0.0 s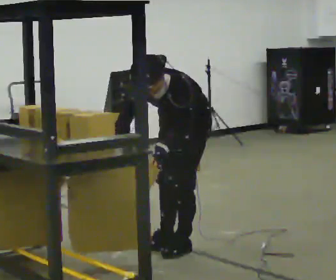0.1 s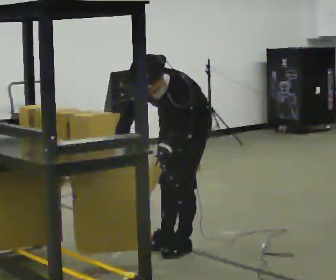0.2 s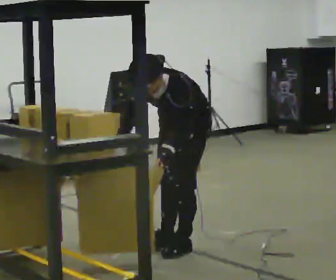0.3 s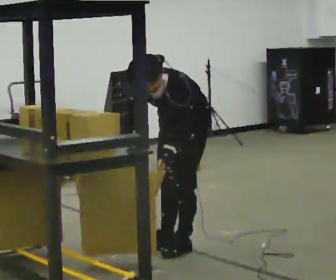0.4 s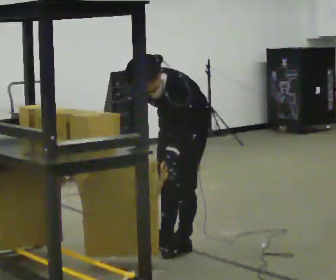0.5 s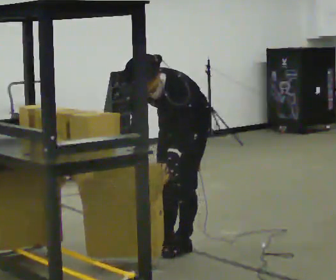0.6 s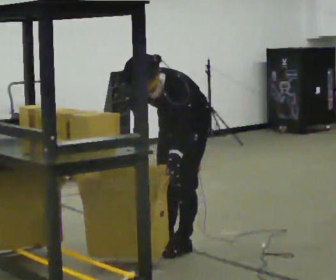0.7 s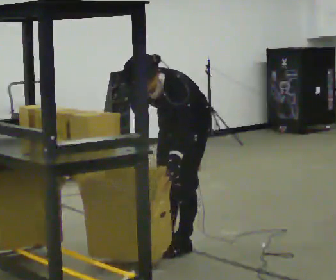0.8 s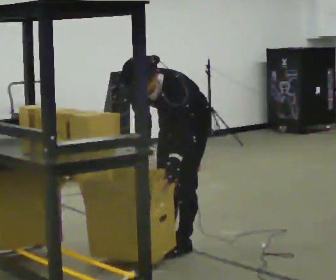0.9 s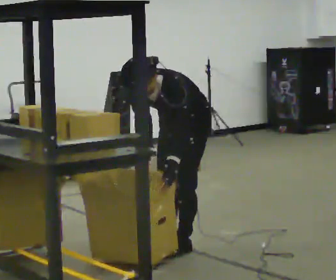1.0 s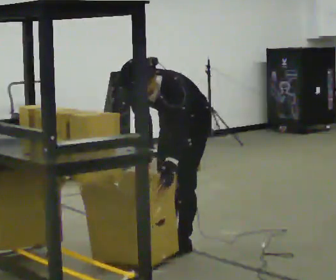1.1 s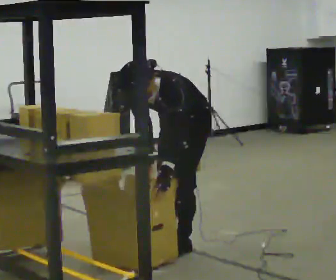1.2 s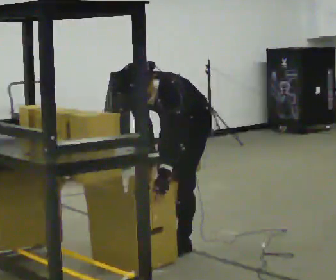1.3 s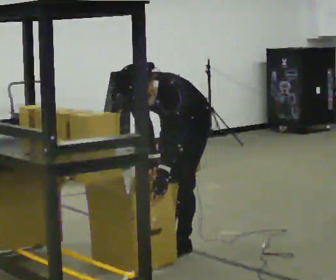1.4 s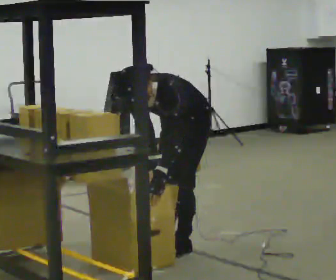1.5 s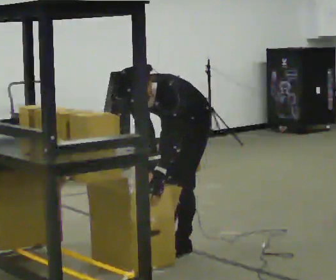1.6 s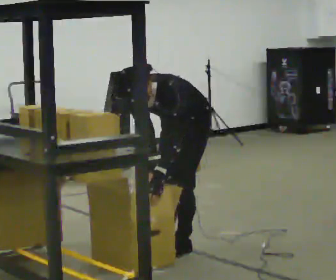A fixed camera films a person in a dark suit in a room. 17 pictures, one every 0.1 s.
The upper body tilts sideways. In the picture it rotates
counterclockwise.
0.0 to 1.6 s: In the picture the upper body tilts counterclockwise, shoulders to the left.
The film runs backward here.
